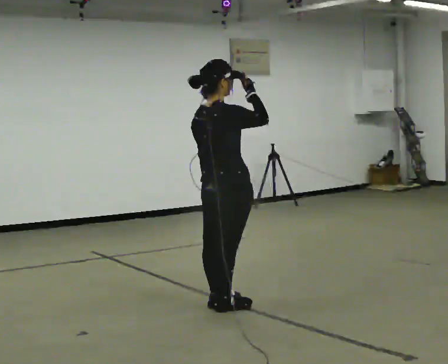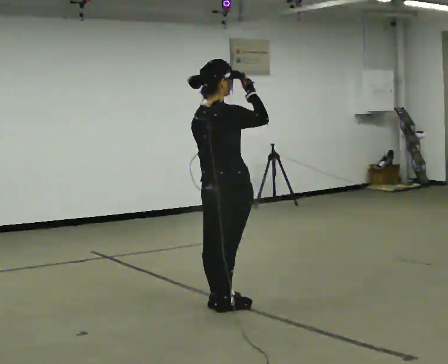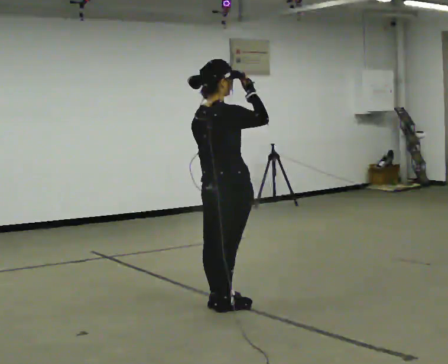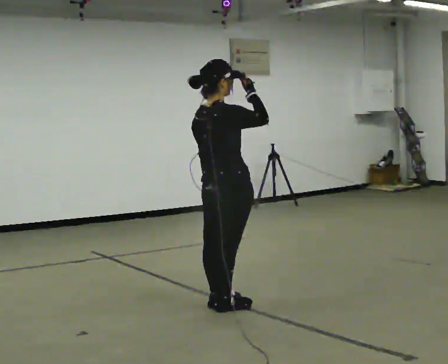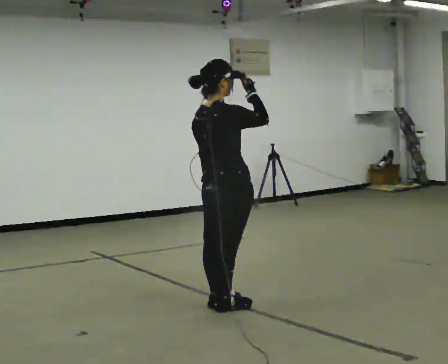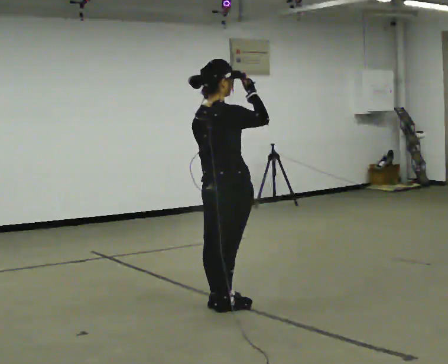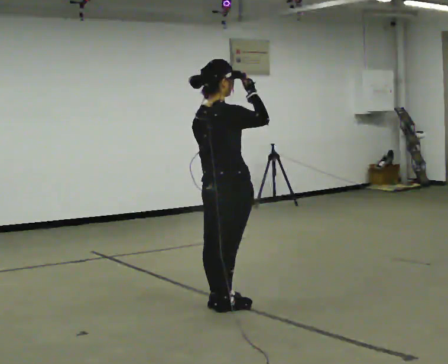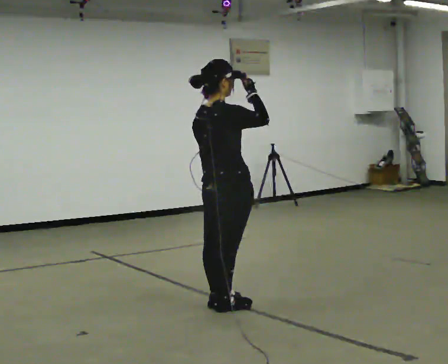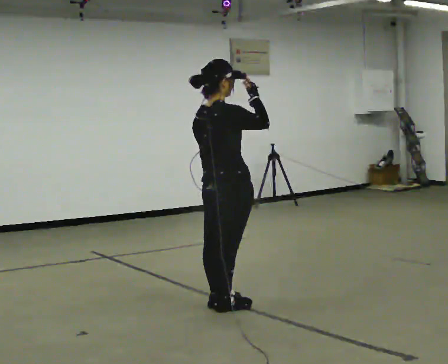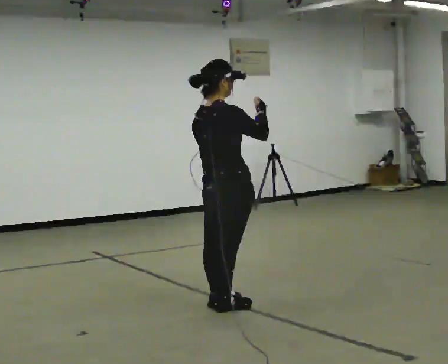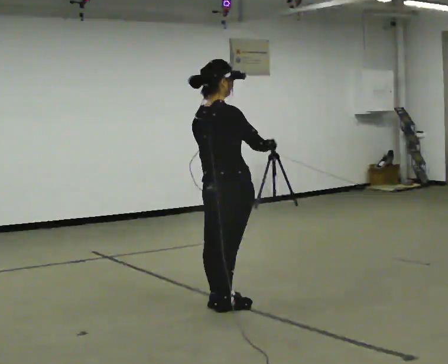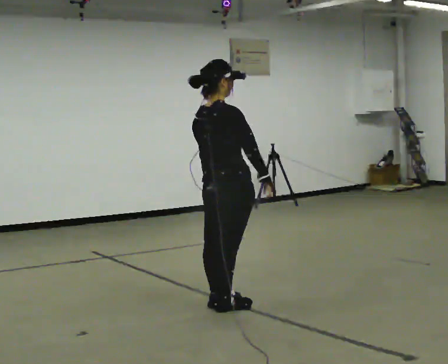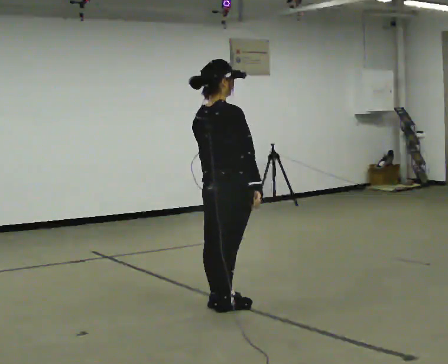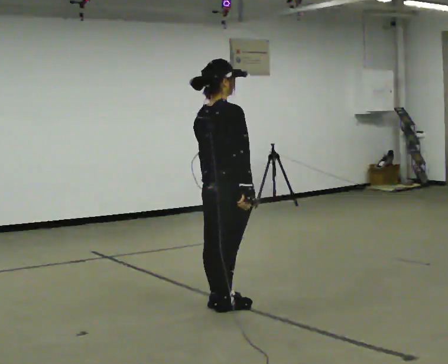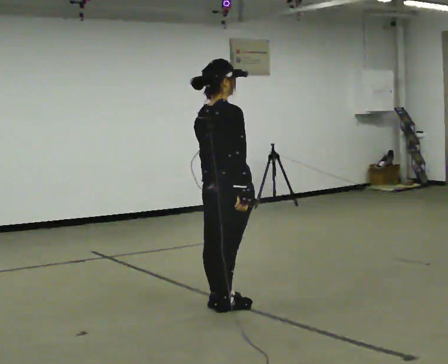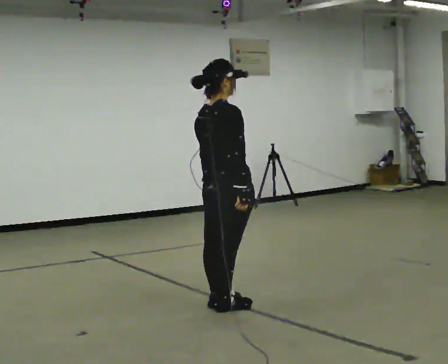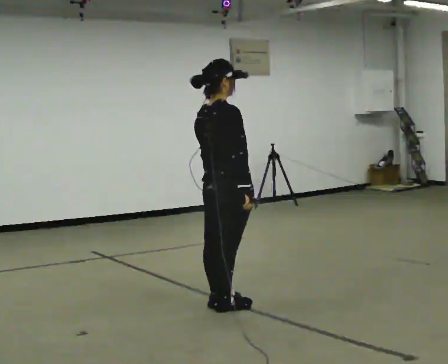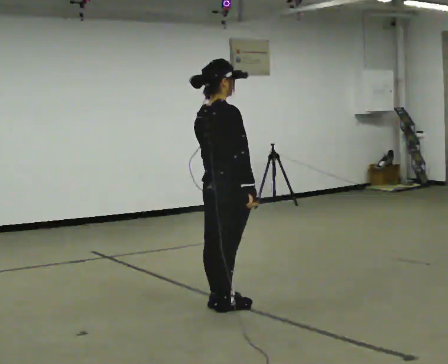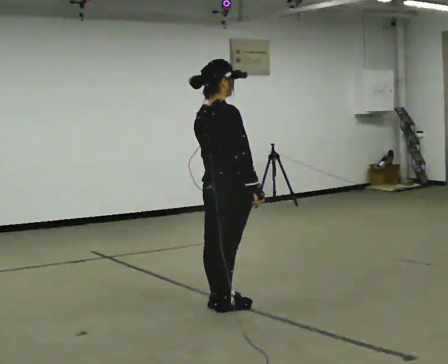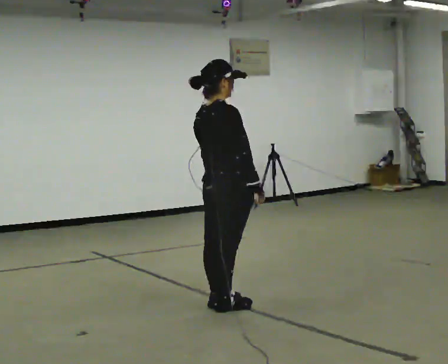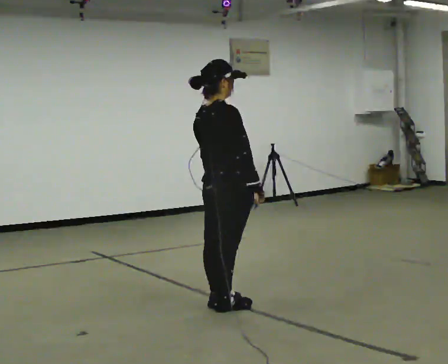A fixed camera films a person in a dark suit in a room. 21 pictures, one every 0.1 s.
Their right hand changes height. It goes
downward.
0.0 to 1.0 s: In the picture their right hand goes downward.
1.0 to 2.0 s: The person moves a little, or ends about where they began.
The film runs forward here.
